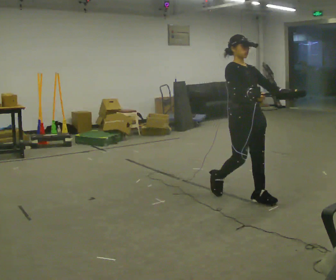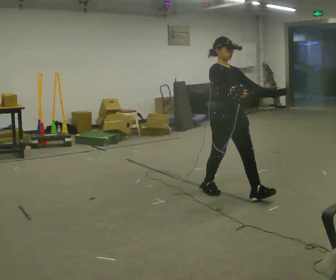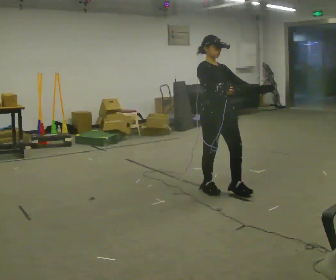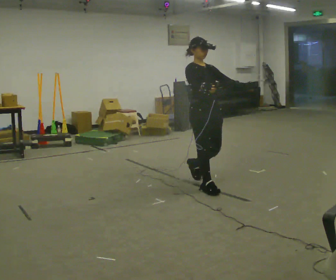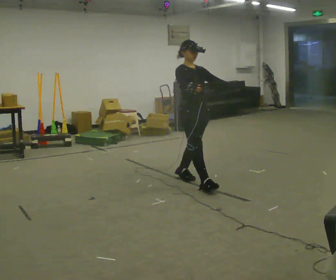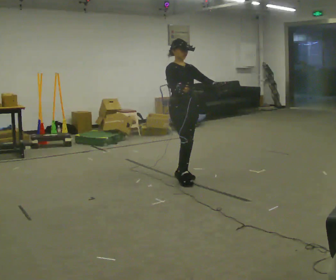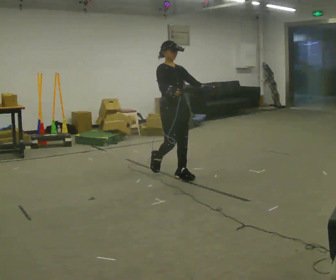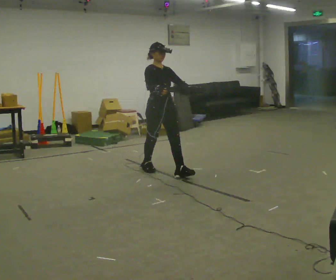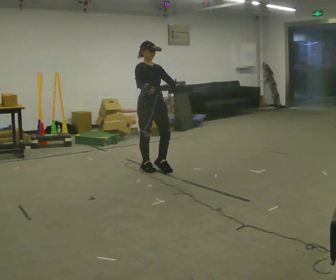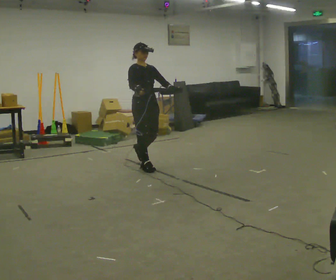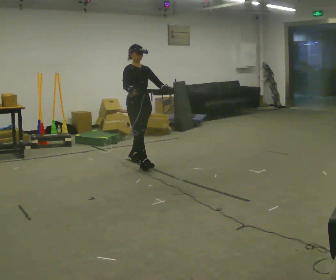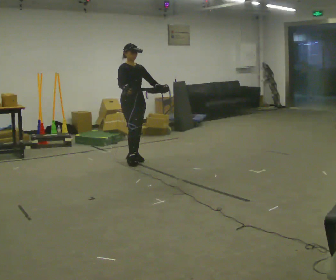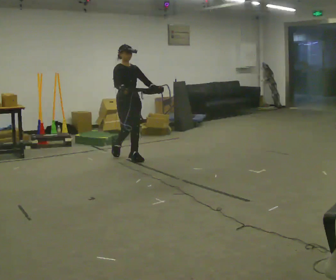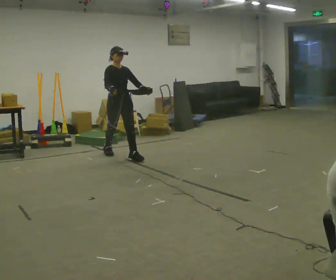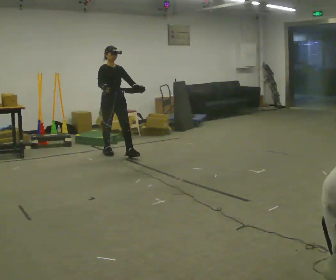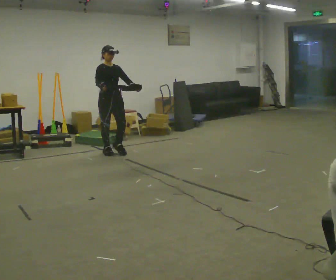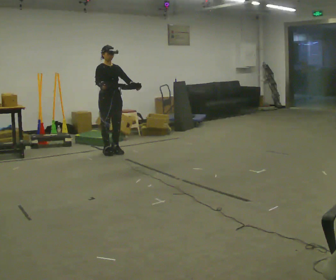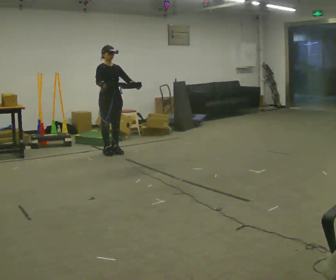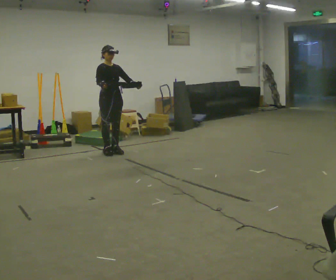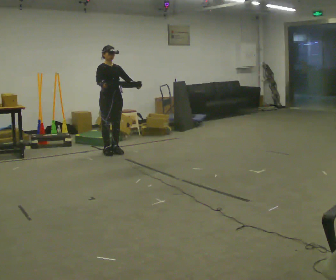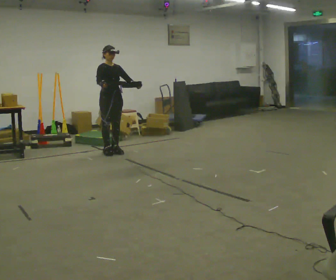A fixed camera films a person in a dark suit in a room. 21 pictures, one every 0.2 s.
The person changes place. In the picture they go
away from the camera.
0.0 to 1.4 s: In the picture they go away from the camera and to the left, about 1.5 m in 3 steps, which for them is backward.
1.4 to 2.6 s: In the picture they go away from the camera and to the left, about 1 m in 1 step, which for them is backward.
2.6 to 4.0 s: In the picture they go away from the camera and to the left, about 0.25 m in 1 step, which for them is backward.
The film runs backward here.
